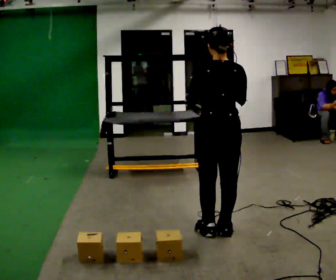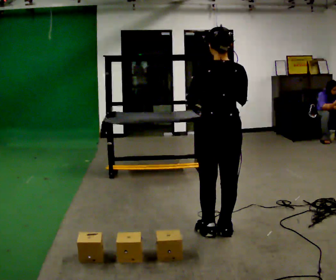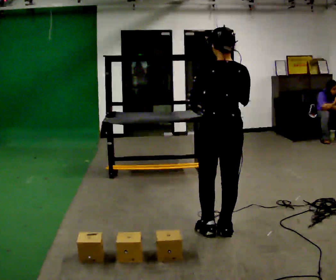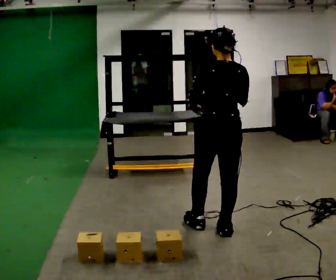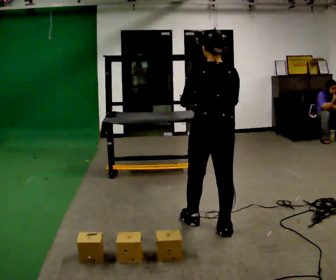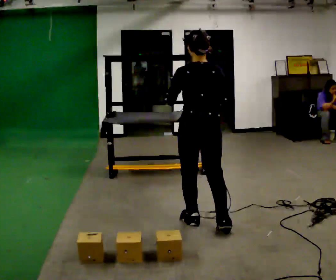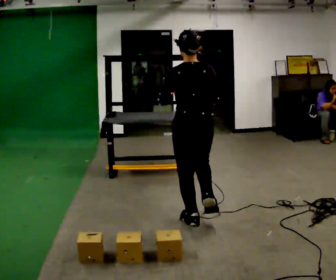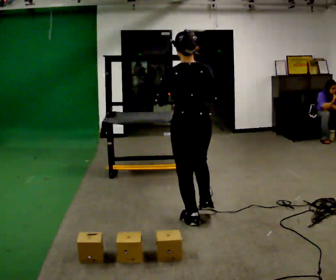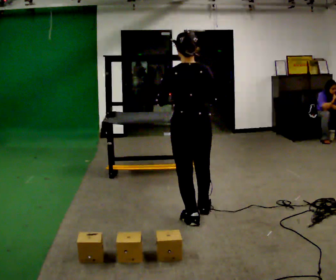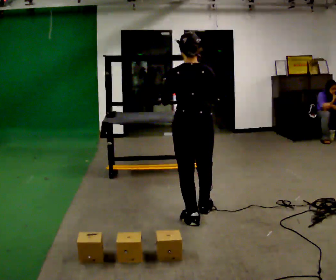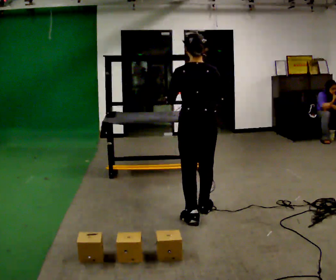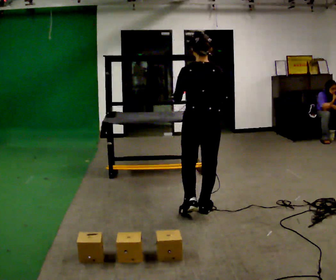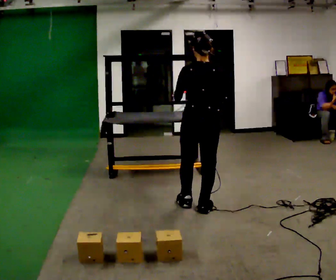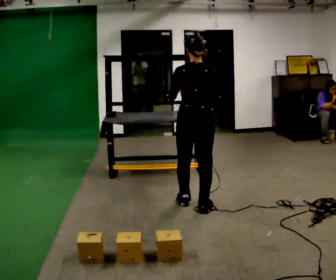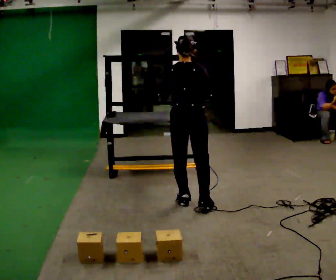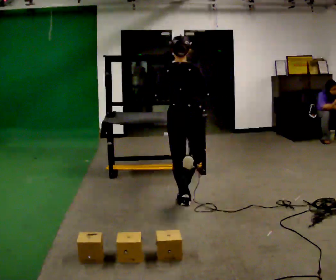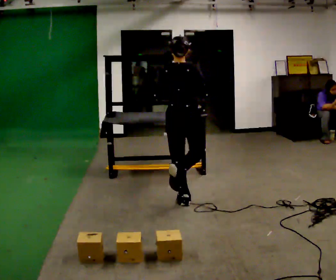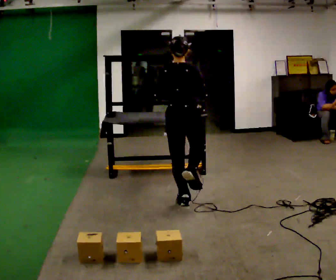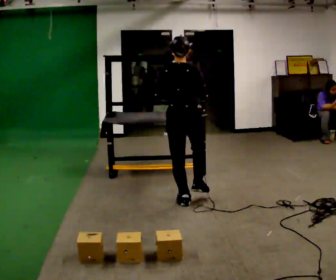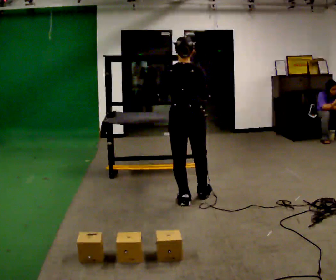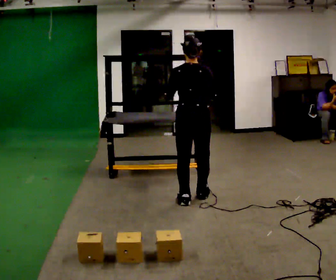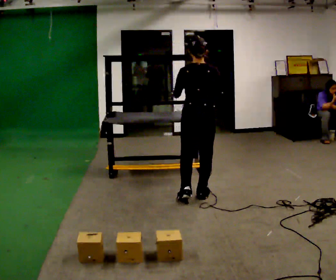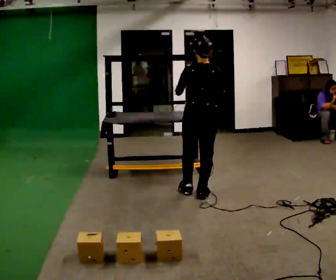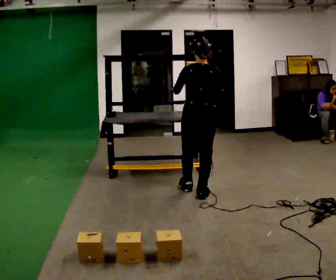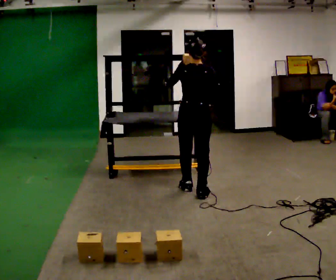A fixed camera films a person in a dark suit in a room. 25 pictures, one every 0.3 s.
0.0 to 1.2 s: The person moves a little, or ends about where they began.
1.2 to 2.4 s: In the picture they go to the left, about 0.25 m, which for them is forward and to their left.
2.4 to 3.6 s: In the picture they go away from the camera, about 0.25 m in 1 step, which for them is forward.
3.6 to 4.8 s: In the picture they go to the left and away from the camera, about 0.25 m in 2 steps, which for them is to their left and forward.
4.8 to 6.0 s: The person moves a little, or ends about where they began.
6.0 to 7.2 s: In the picture they go away from the camera, about 0.25 m in 1 step, which for them is forward.
The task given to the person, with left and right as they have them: Carry the object across the room and place it on the shelf just at the top of your comfortable reach. Keep going until the operator says stop; one object at a time, and do not rush between trips.
The film runs forward here.
